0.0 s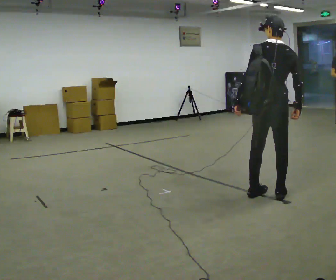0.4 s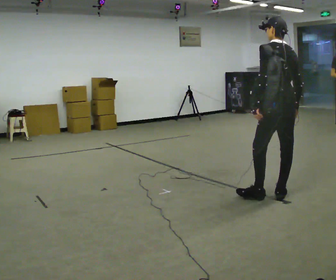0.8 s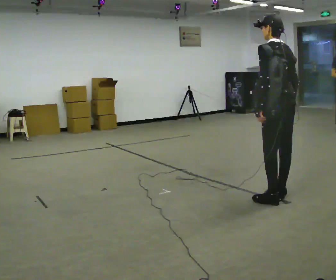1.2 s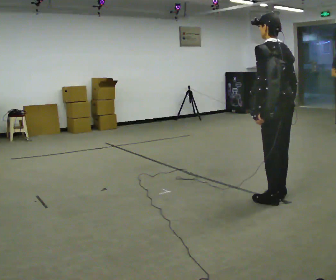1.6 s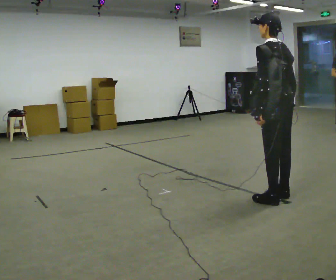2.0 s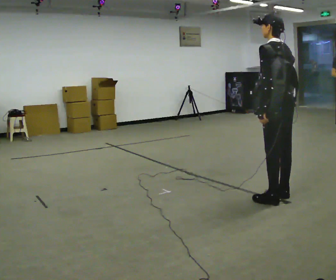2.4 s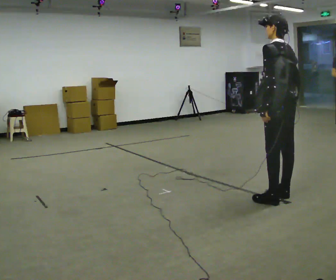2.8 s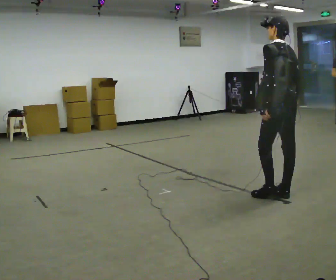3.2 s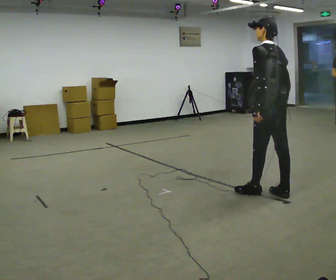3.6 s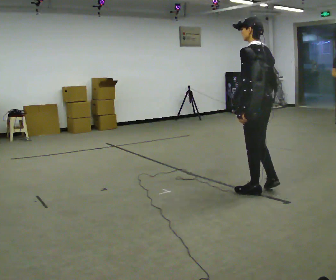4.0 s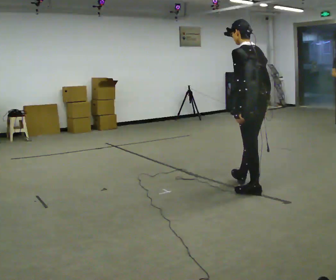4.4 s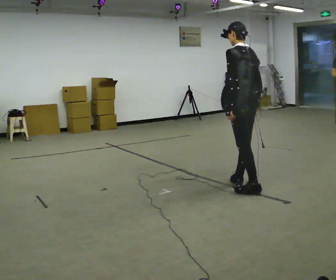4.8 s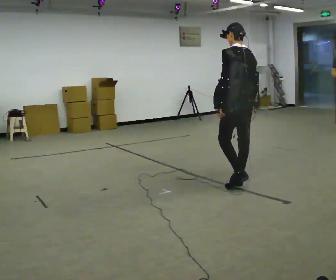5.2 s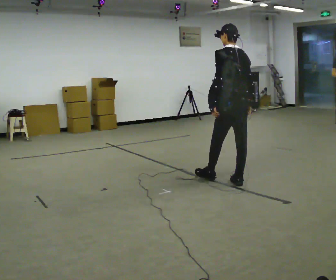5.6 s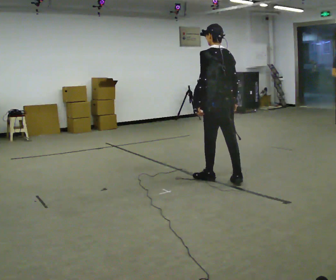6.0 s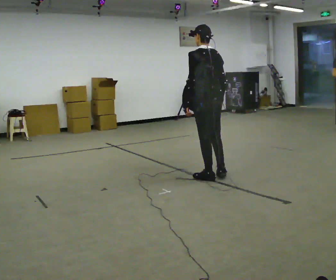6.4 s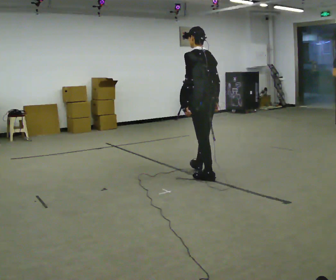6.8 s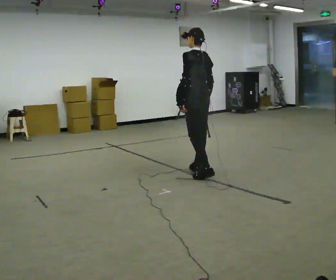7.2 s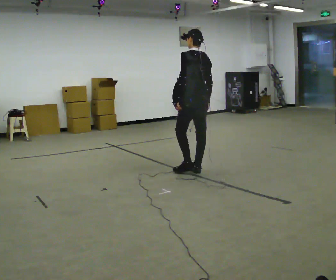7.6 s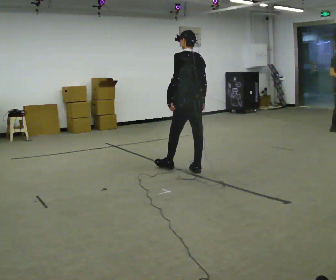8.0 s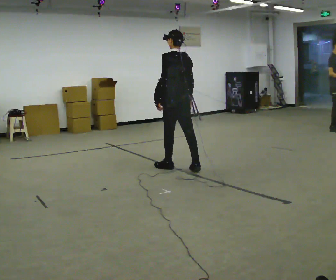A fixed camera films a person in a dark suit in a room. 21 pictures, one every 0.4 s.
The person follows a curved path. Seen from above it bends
counterclockwise.
0.0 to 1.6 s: The part of the body nearest the lens slides to the right as the person turns to their left by about 45 degrees.
1.6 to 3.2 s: In the picture they go away from the camera, about 0.25 m in 1 step, which for them is forward.
3.2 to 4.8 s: In the picture they go away from the camera and to the left, about 0.5 m in 1 step, which for them is forward.
4.8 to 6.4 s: In the picture they go to the left and away from the camera, about 0.5 m in 2 steps, which for them is forward.
6.4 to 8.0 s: In the picture they go to the left and away from the camera, about 0.5 m in 1 step, which for them is forward.
The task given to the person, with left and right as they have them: Put the soft bag up onto your shoulder and carry it across the room, back and forth.
The film runs forward here.
